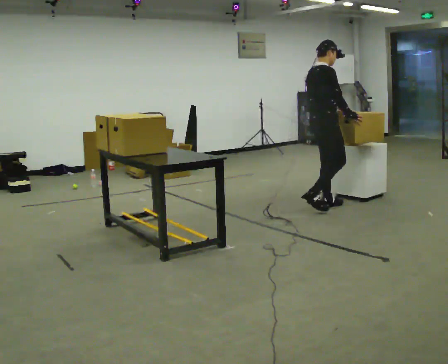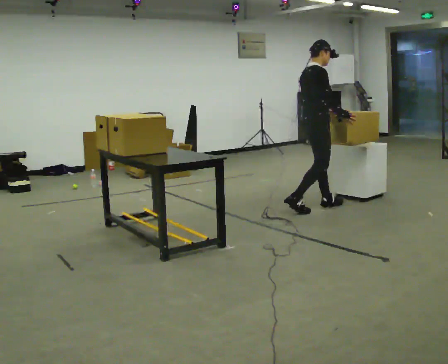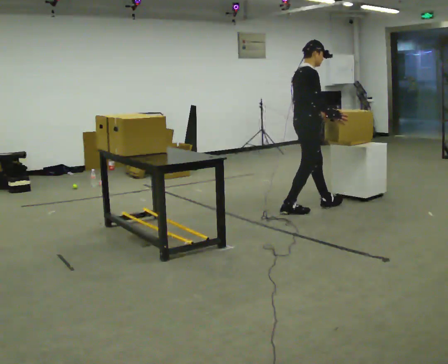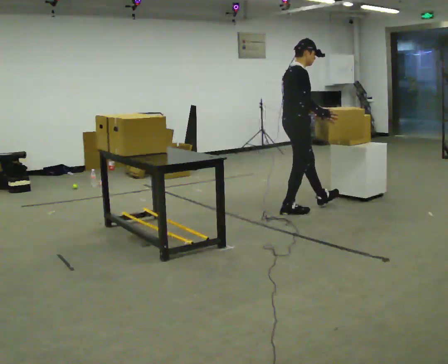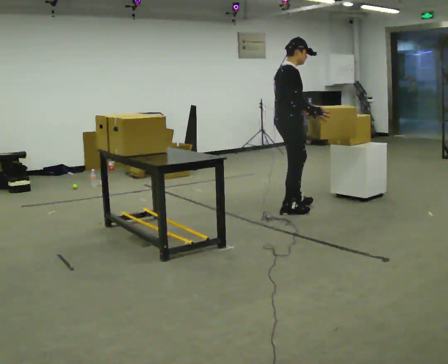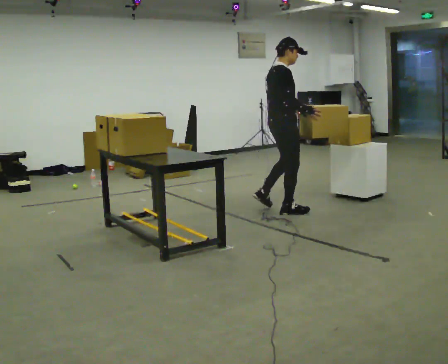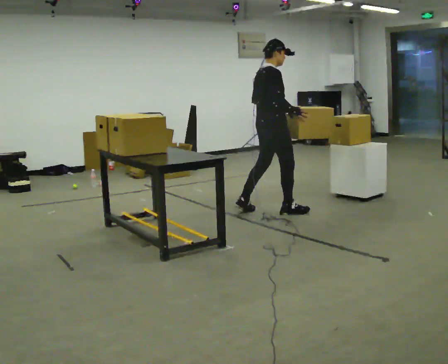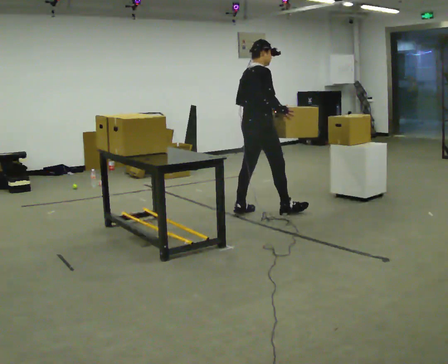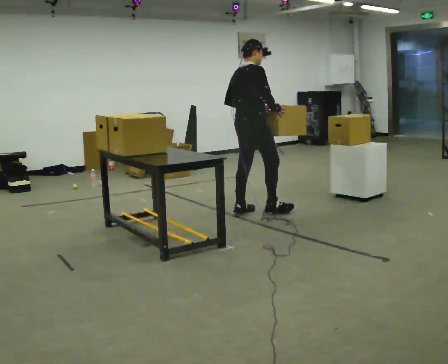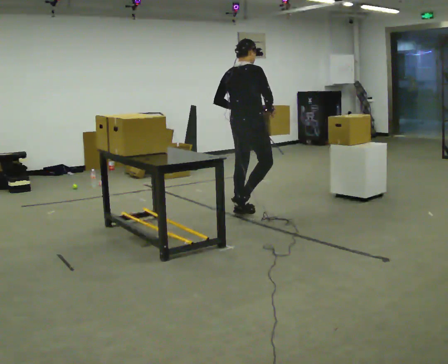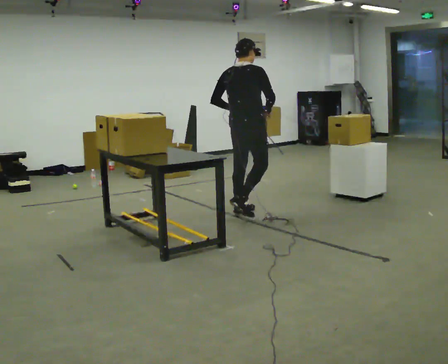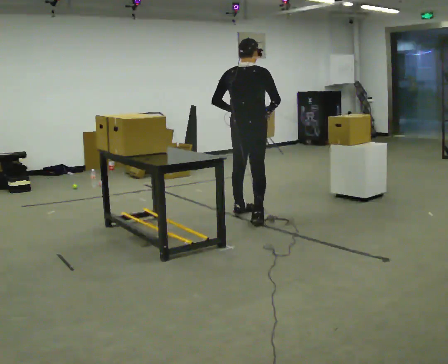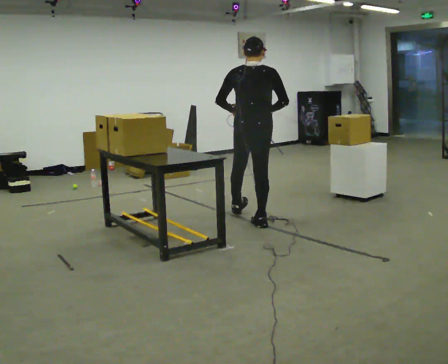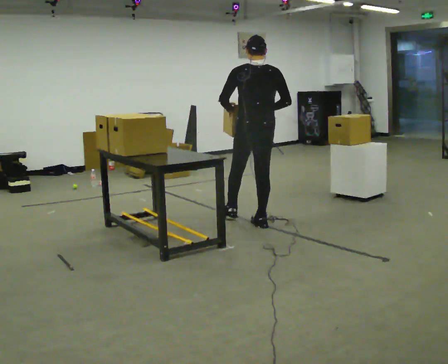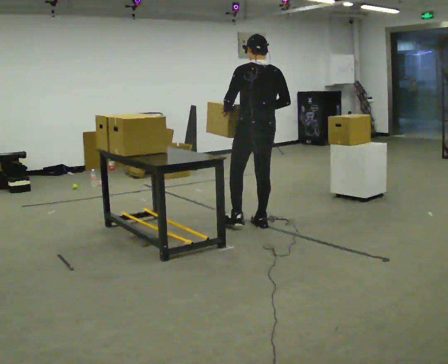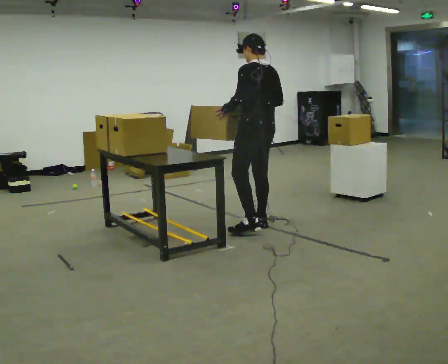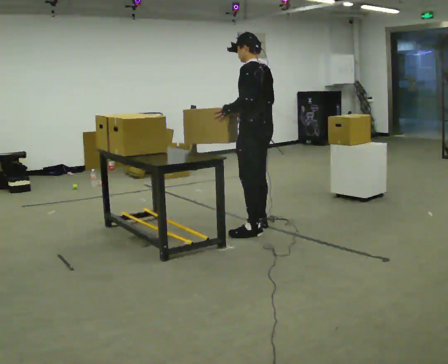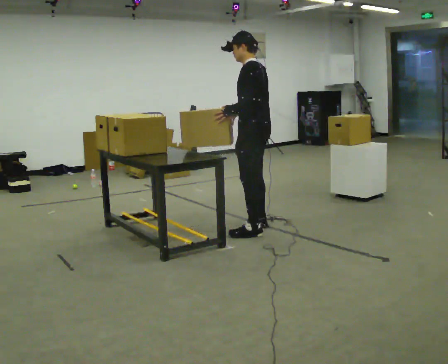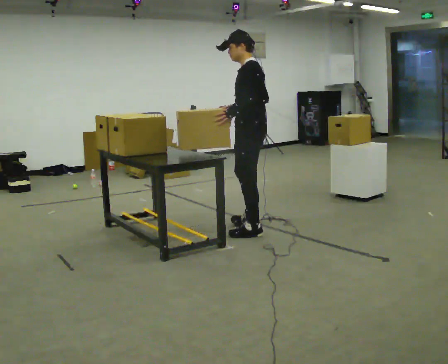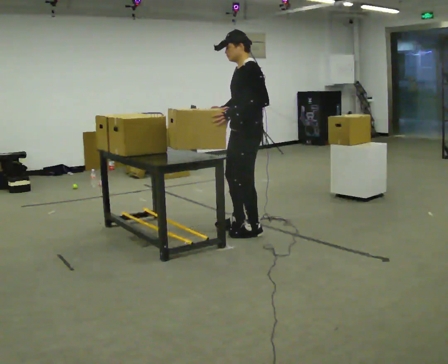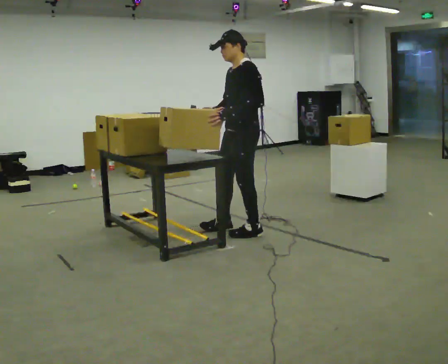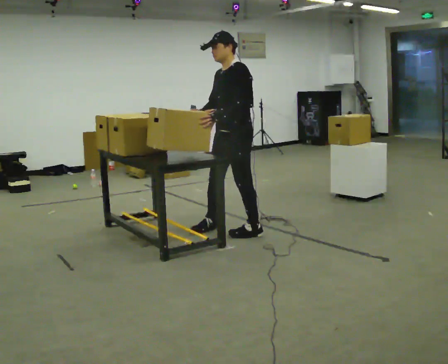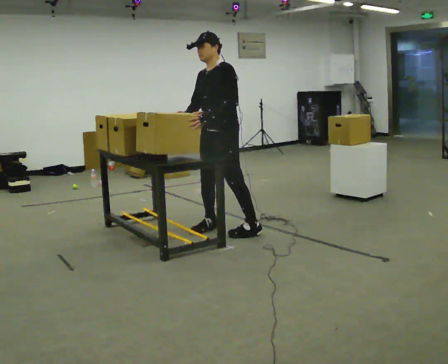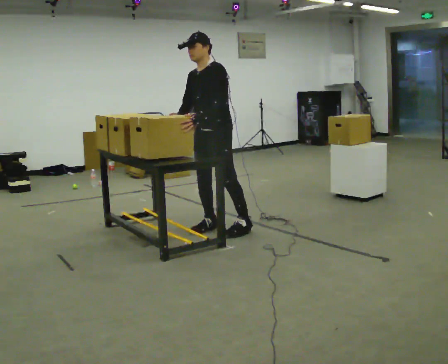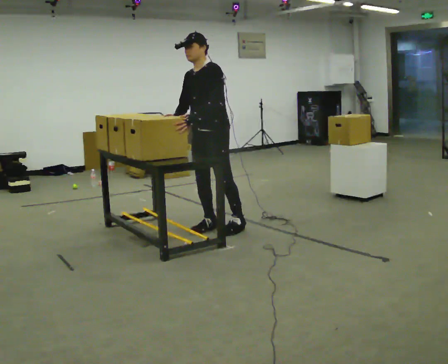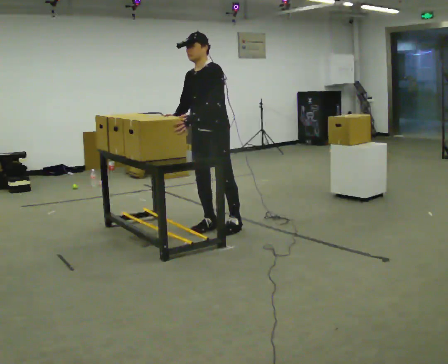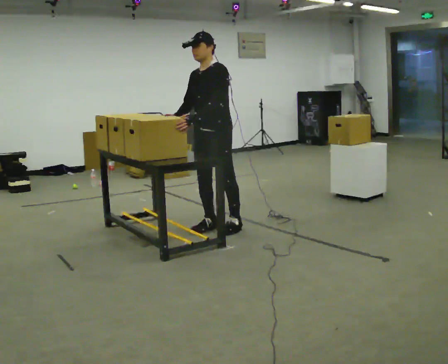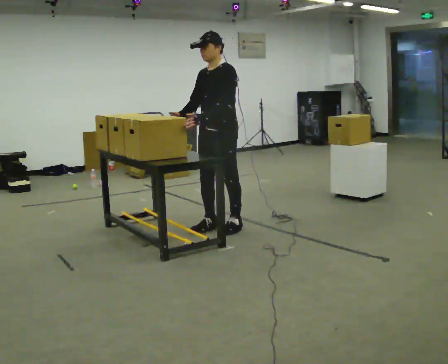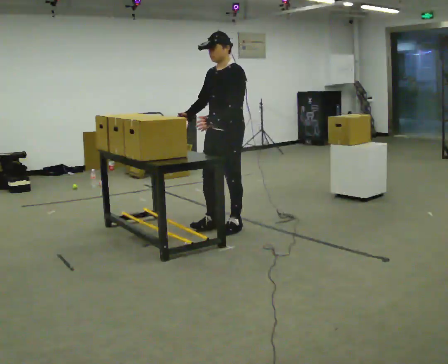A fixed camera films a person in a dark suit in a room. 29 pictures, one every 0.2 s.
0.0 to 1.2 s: In the picture they go to the left, about 0.5 m in 1 step, which for them is backward.
1.2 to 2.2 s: The part of the body nearest the lens slides to the right as the person turns to their left by about 45 degrees. In the picture they go to the left and toward the camera, about 0.25 m in 1 step, which for them is backward.
2.2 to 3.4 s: Seen from above the body turns counterclockwise, about 90 degrees: to their left, with its near side sliding to the right. In the picture they go toward the camera, about 0.5 m in 1 step.
3.4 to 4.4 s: Seen from above the body turns counterclockwise, about 60 degrees: to their left, with its near side sliding to the right. In the picture they go to the left, about 0.25 m in 1 step, which for them is forward.
4.4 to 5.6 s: The person moves a little, or ends about where they began.
The film runs backward here.
